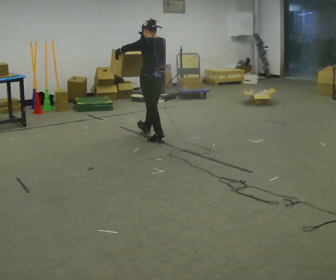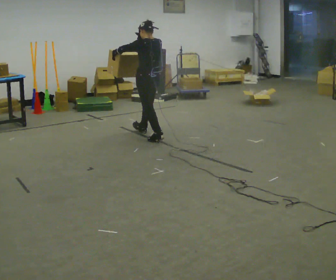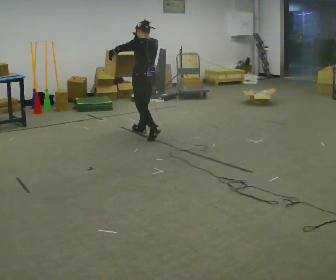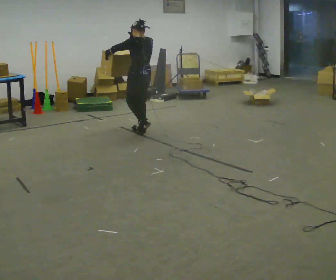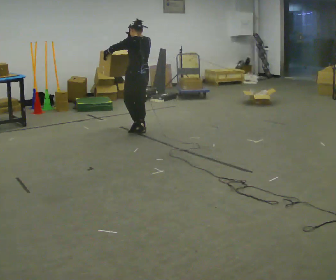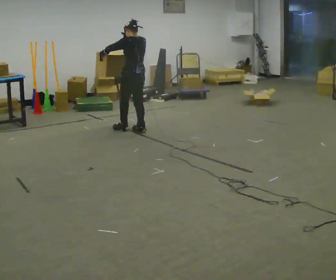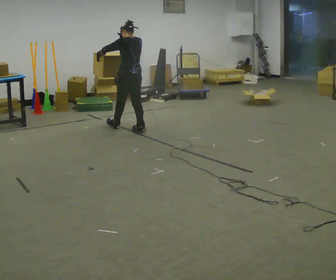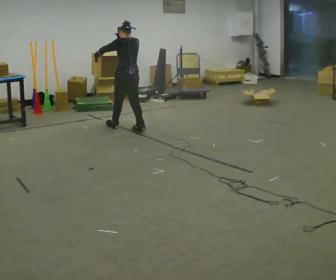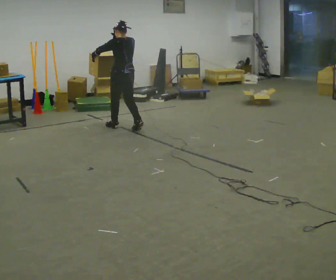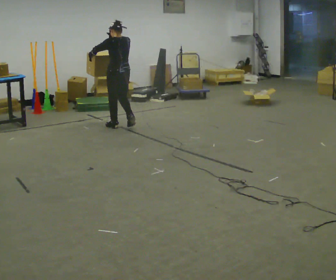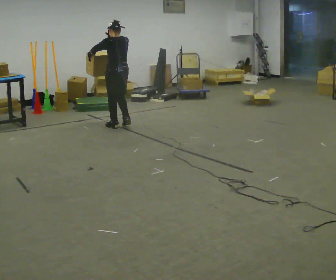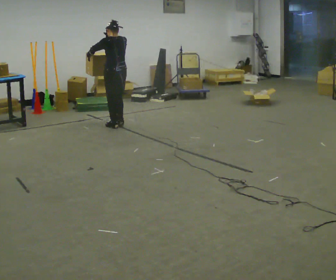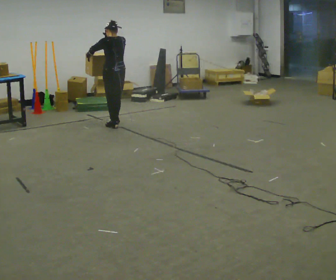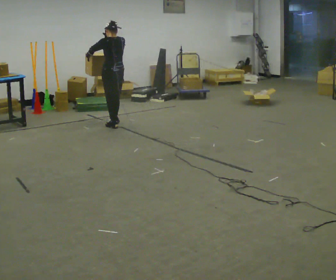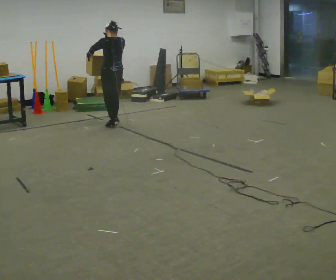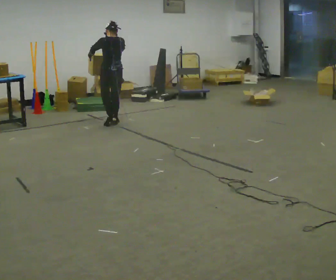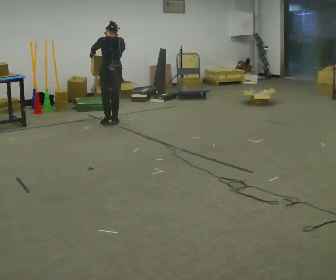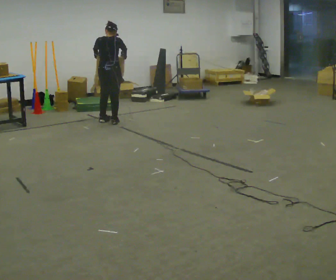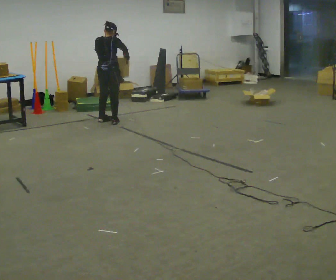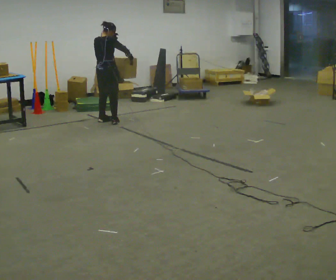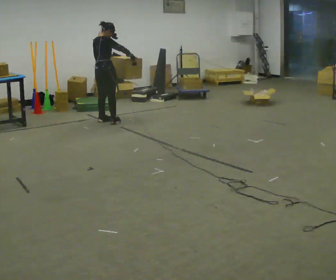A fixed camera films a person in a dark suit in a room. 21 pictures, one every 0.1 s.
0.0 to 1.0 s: In the picture they go away from the camera and to the left, about 0.5 m in 2 steps, which for them is forward.
1.0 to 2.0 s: Seen from above the body turns clockwise, about 90 degrees: to their right, with its near side sliding to the left. In the picture they go away from the camera and to the left, about 0.5 m in 2 steps.
The film runs forward here.
